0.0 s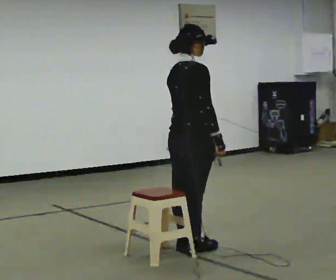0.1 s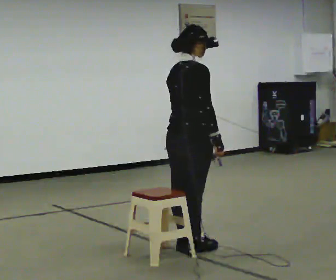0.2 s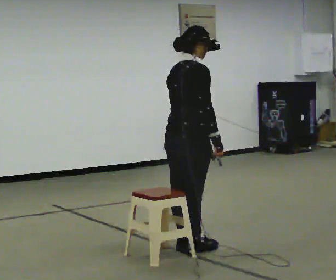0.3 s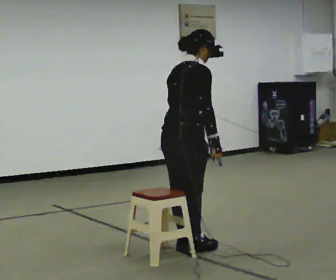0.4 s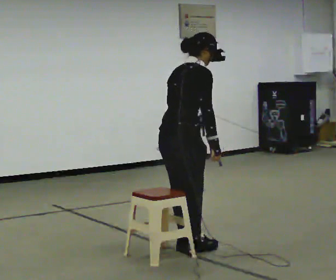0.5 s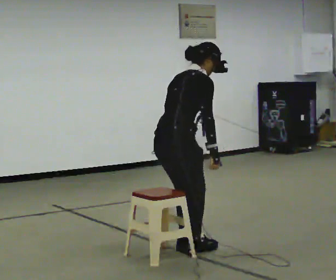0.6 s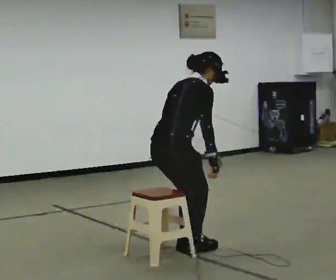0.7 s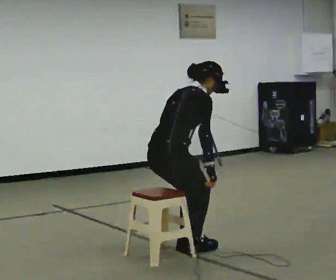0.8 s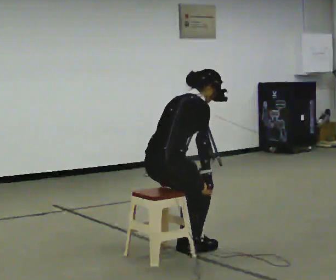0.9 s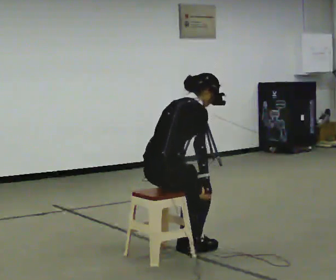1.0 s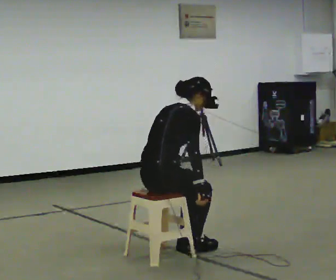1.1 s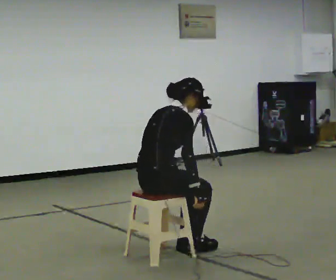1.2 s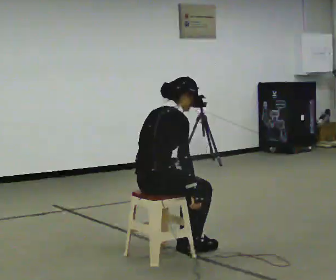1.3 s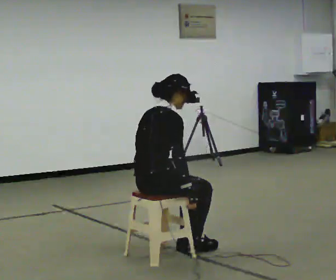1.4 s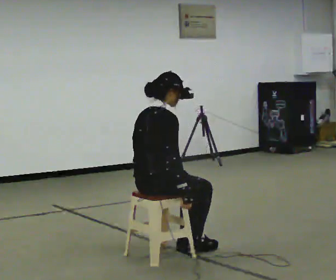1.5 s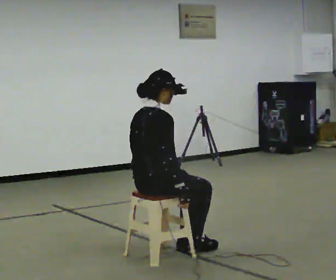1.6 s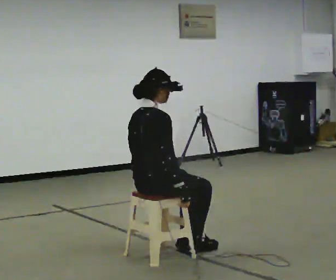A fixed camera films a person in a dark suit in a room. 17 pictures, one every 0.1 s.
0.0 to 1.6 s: In the picture they go to the left and toward the camera, about 0.25 m, which for them is backward. The upper body goes downward. In the picture their left hand goes downward.
The film runs forward here.
